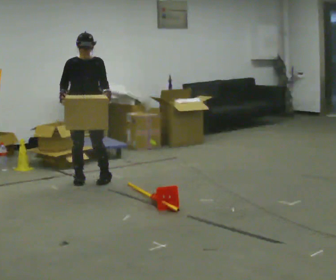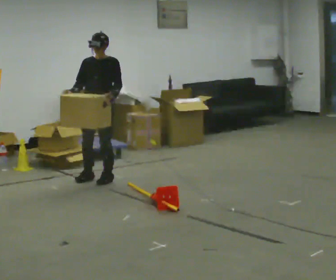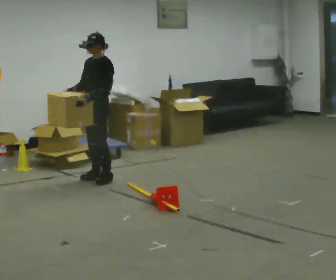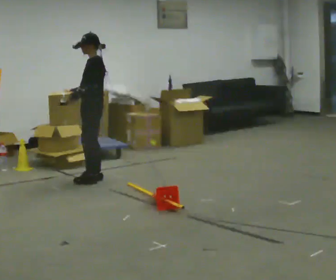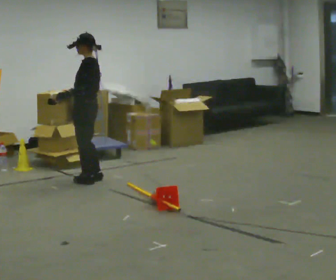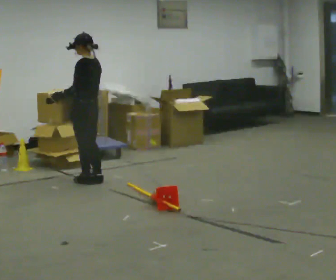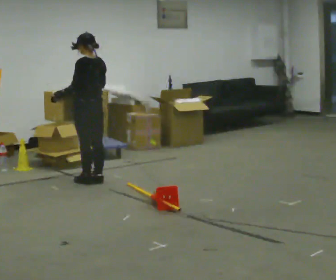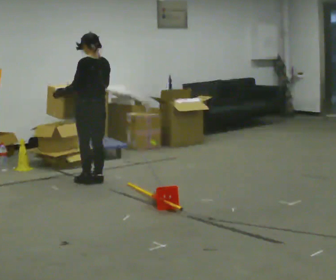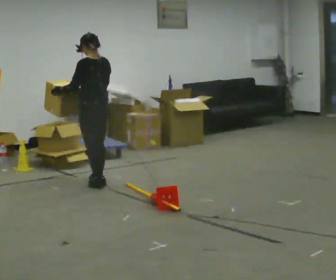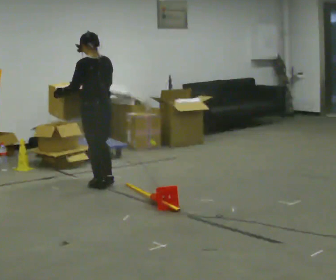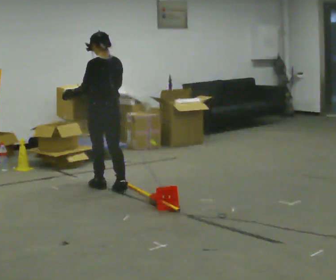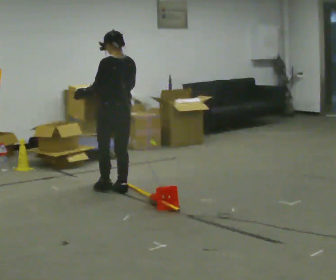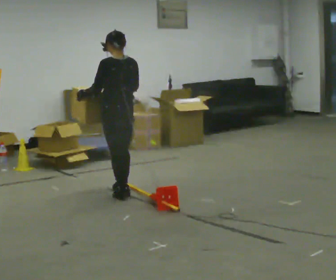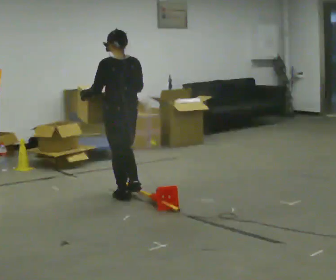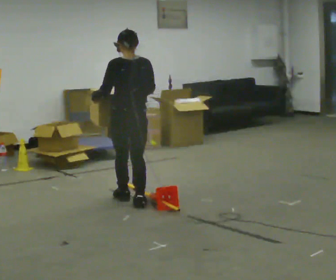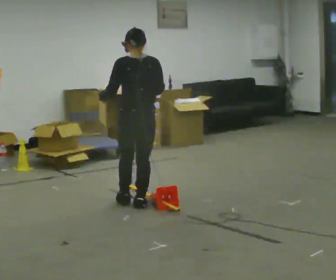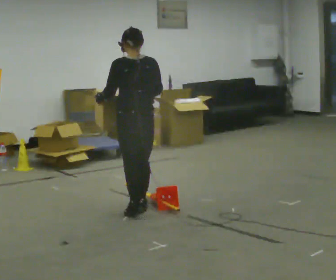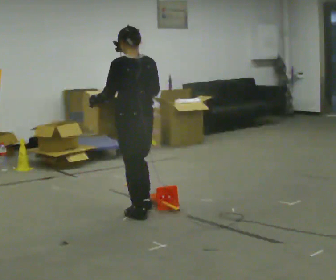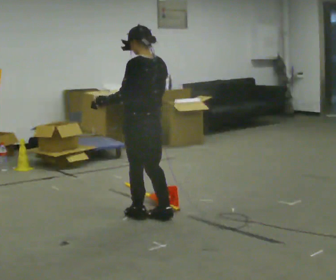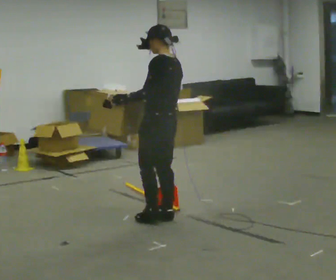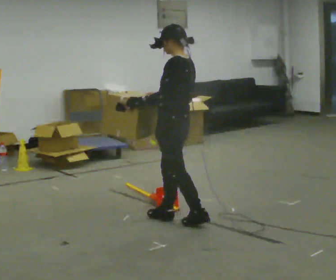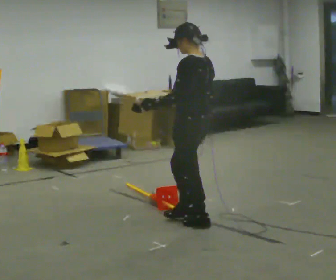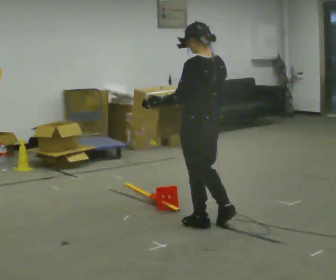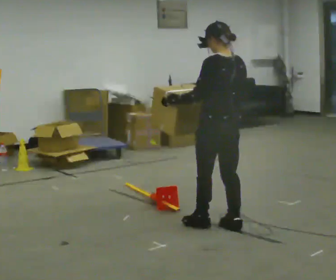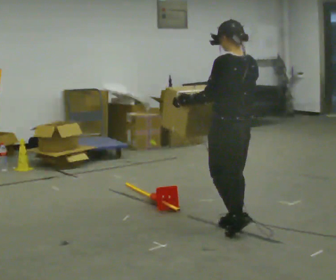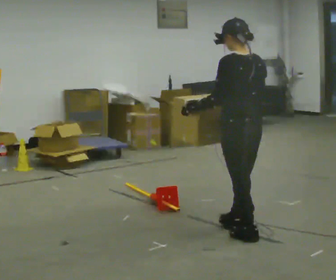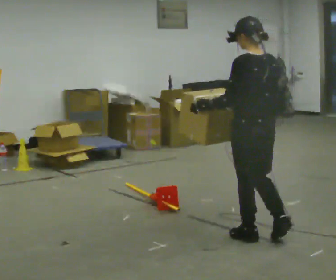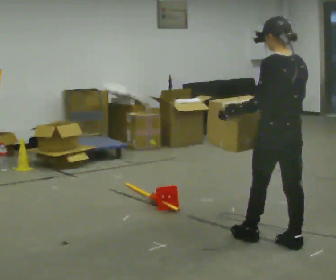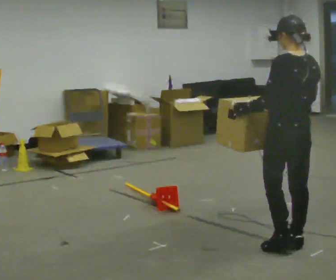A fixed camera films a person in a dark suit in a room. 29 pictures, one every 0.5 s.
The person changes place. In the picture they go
toward the camera.
0.0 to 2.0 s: The part of the body nearest the lens slides to the left as the person turns to their right by about 105 degrees. In the picture their left hand goes to the left, the arm swinging clockwise.
2.0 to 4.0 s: The person turns about 45 degrees to their right, clockwise seen from above, so the part of the body nearest the lens slides to the left.
4.0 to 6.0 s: In the picture they go toward the camera and to the right, about 0.5 m in 2 steps, which for them is backward.
6.0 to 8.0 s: In the picture they go toward the camera, about 0.5 m in 2 steps, which for them is backward.
8.0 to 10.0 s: The person turns about 45 degrees to their left, counterclockwise seen from above, so the part of the body nearest the lens slides to the right. In the picture they go toward the camera and to the right, about 0.5 m in 2 steps, which for them is backward.
10.0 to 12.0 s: The person turns about 30 degrees to their right, clockwise seen from above, so the part of the body nearest the lens slides to the left. In the picture they go to the right and toward the camera, about 0.5 m in 2 steps, which for them is backward.
12.0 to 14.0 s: In the picture they go toward the camera and to the right, about 0.5 m in 2 steps, which for them is backward.
The film runs backward here.
